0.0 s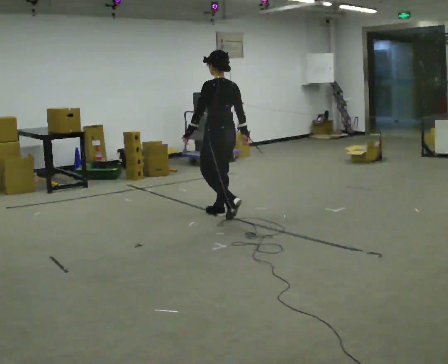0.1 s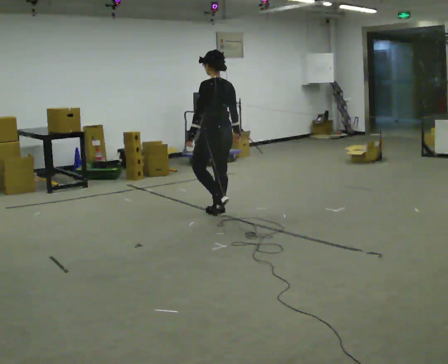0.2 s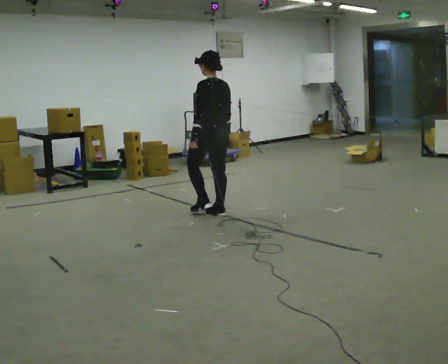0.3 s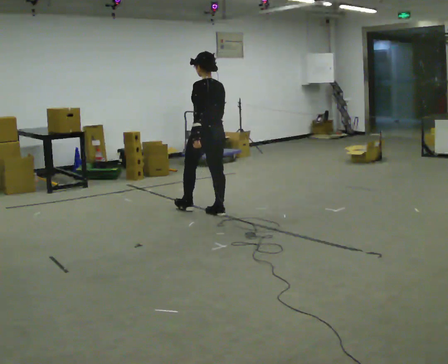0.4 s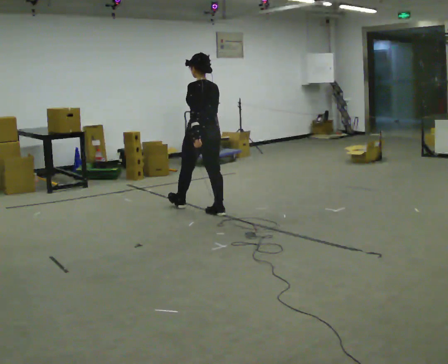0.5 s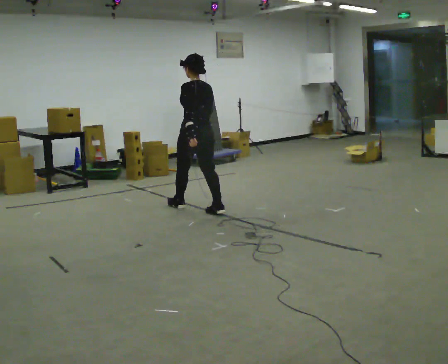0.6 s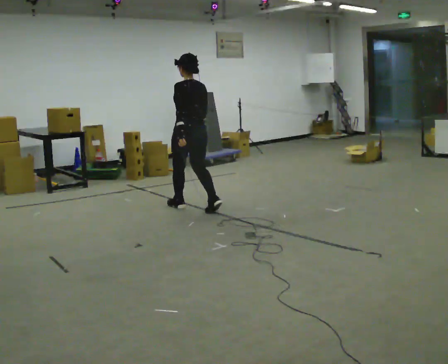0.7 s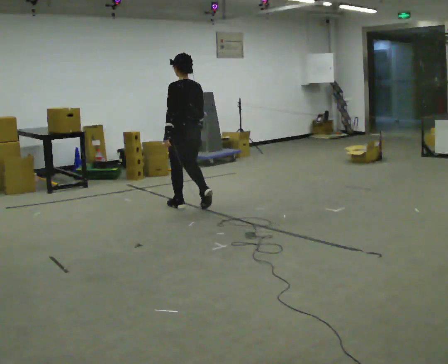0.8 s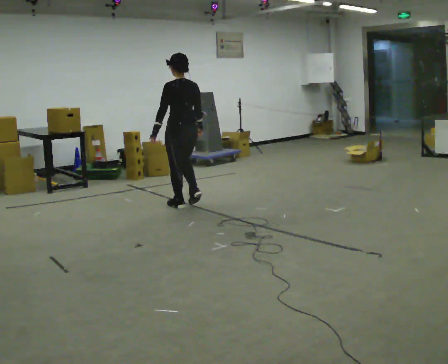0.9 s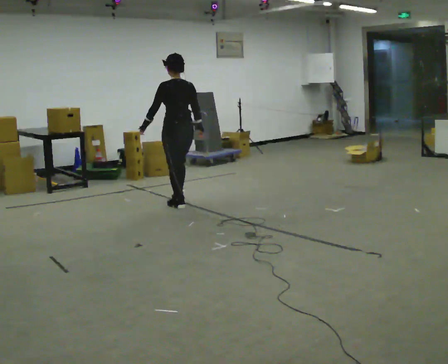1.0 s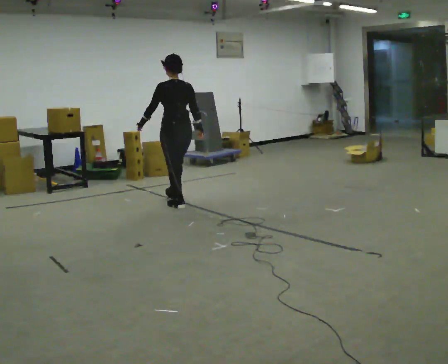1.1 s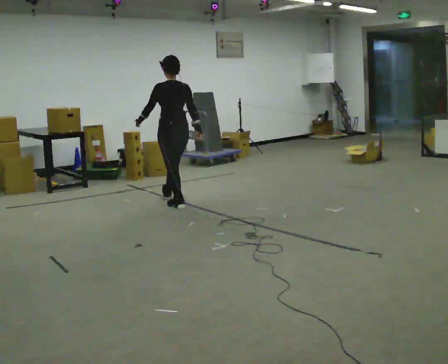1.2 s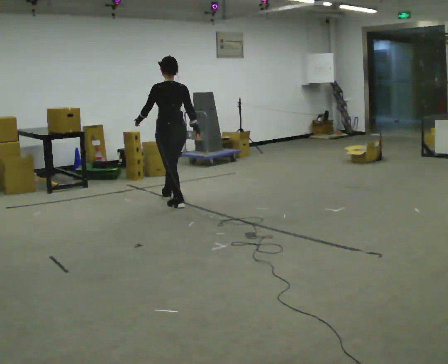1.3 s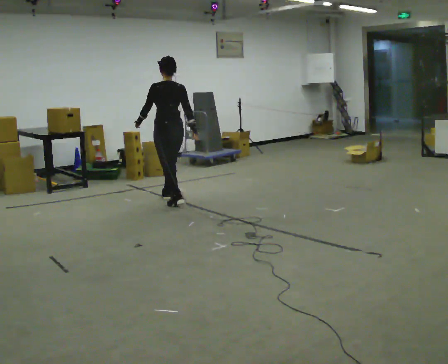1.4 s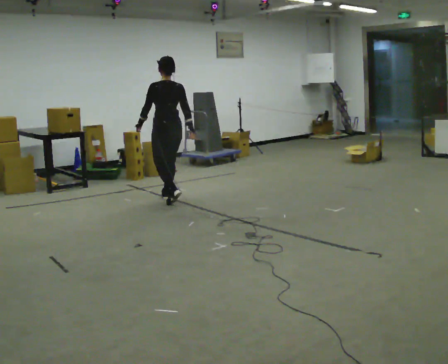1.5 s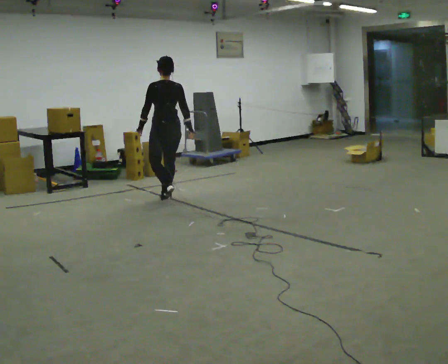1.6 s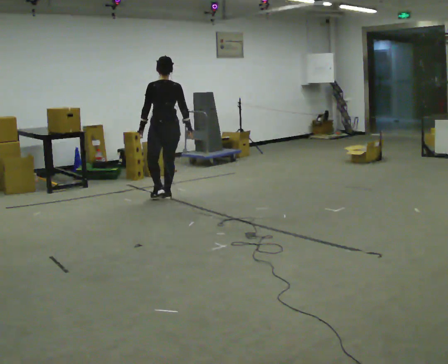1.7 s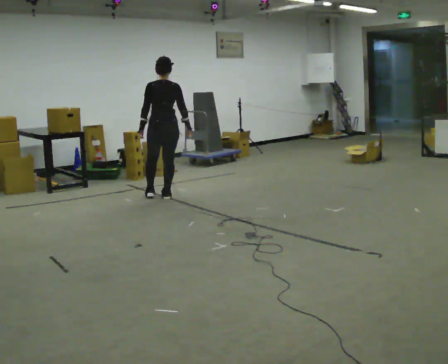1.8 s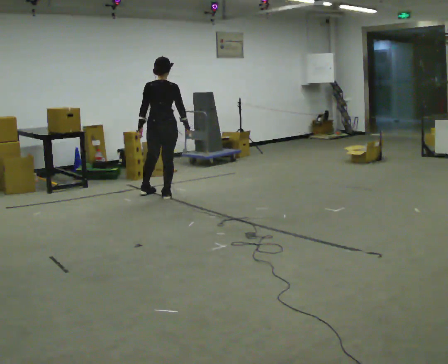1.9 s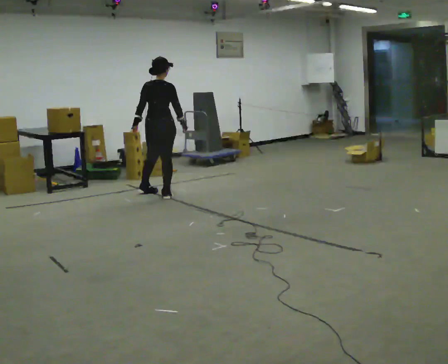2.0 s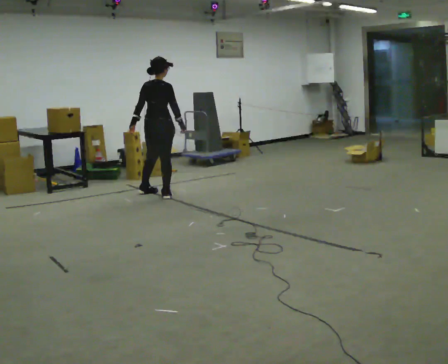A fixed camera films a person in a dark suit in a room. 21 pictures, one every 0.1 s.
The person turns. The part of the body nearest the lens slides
to the left.
The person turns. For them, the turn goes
to their right.
0.0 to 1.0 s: In the picture they go away from the camera and to the left, about 0.75 m in 1 step, which for them is forward.
1.0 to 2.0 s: The part of the body nearest the lens slides to the left as the person turns to their right by about 60 degrees. In the picture they go away from the camera, about 0.5 m in 2 steps, which for them is forward.
The film runs forward here.
